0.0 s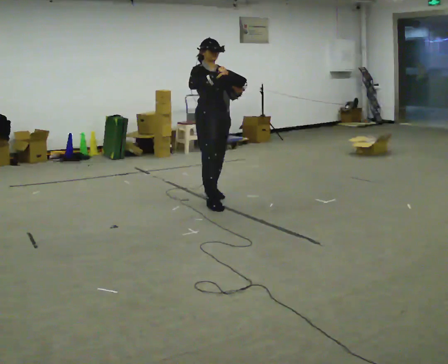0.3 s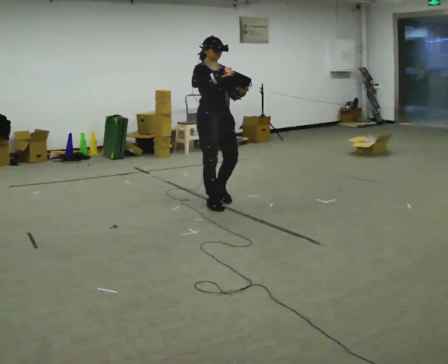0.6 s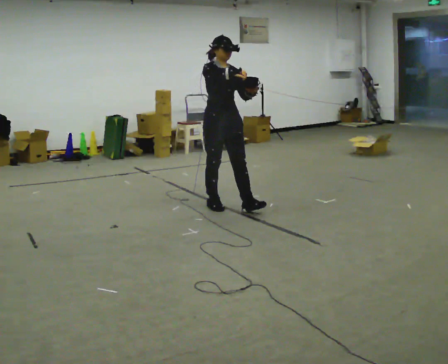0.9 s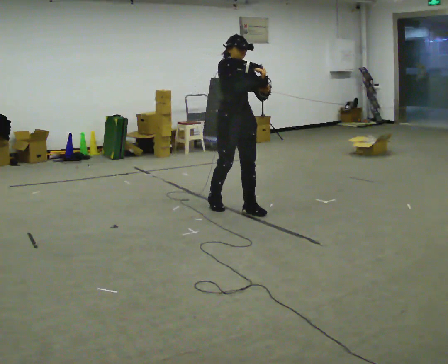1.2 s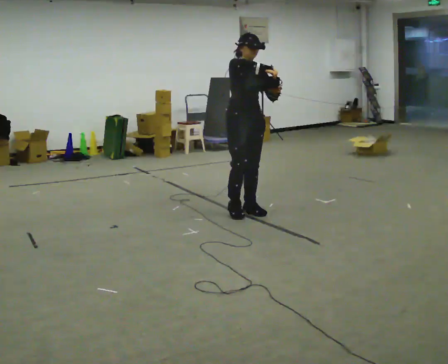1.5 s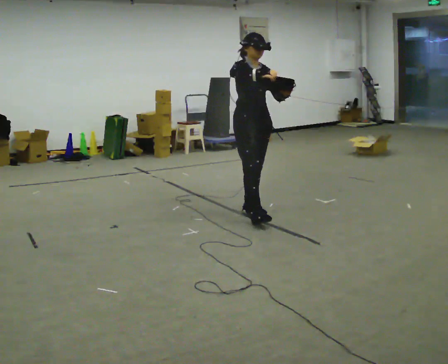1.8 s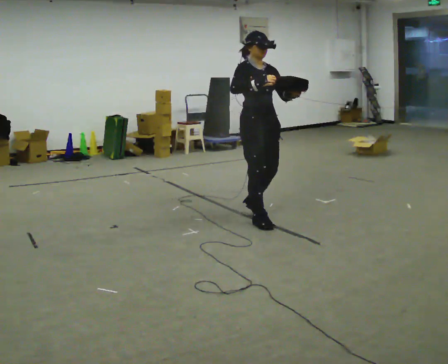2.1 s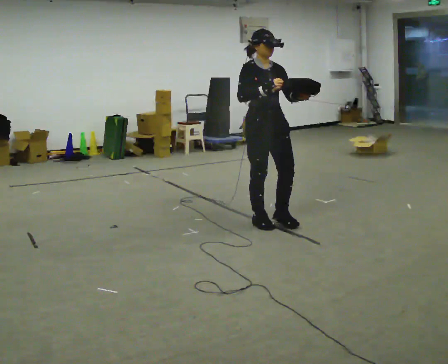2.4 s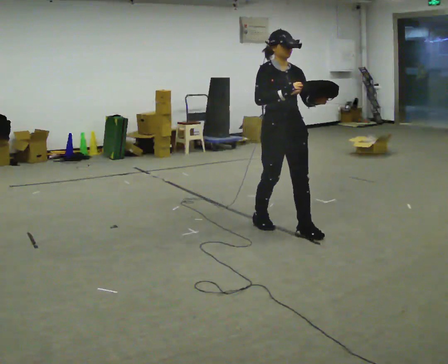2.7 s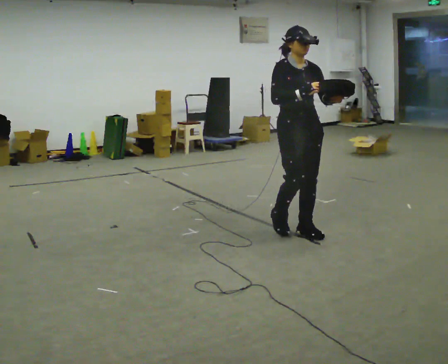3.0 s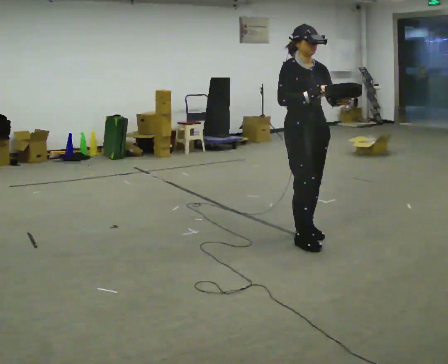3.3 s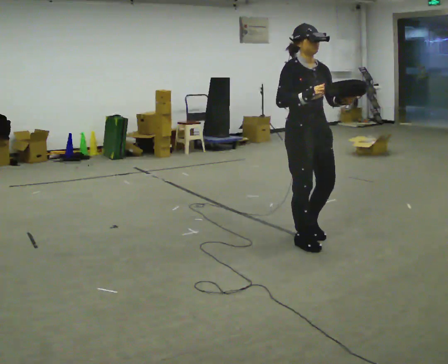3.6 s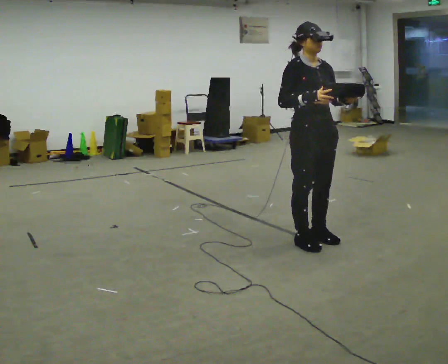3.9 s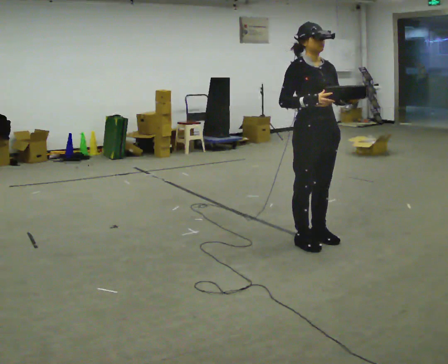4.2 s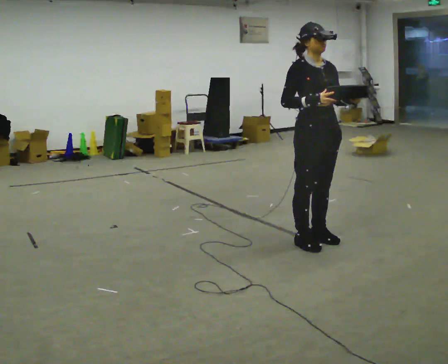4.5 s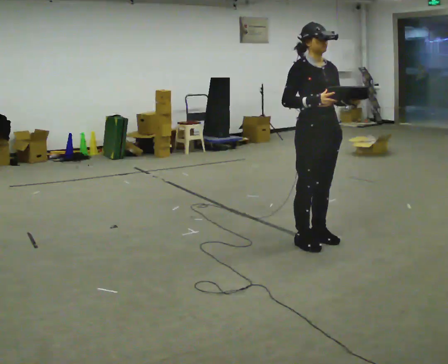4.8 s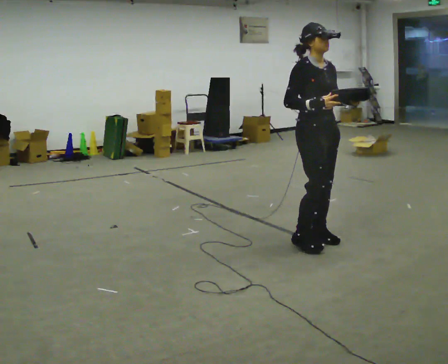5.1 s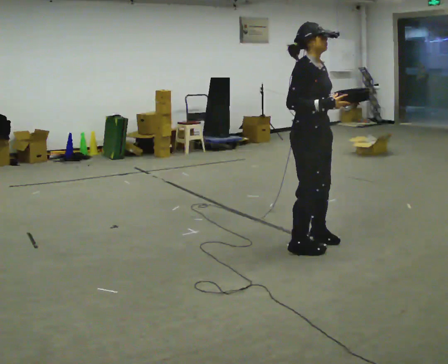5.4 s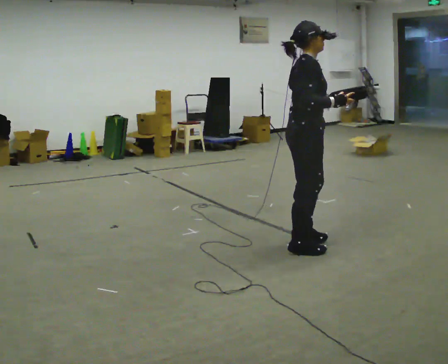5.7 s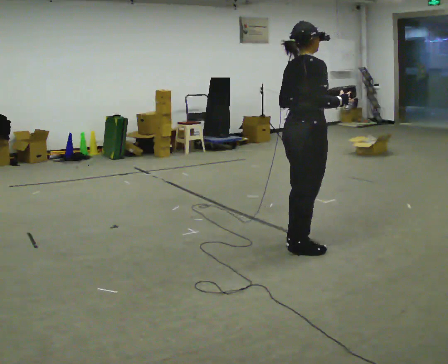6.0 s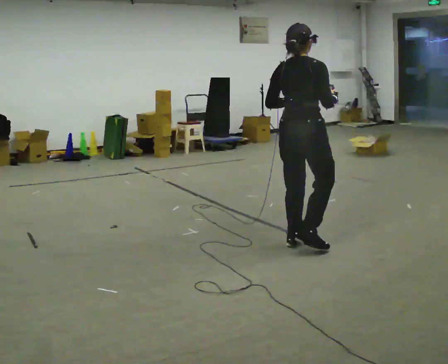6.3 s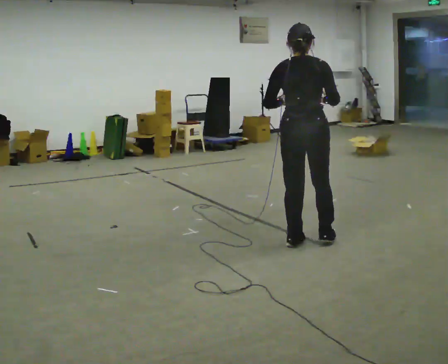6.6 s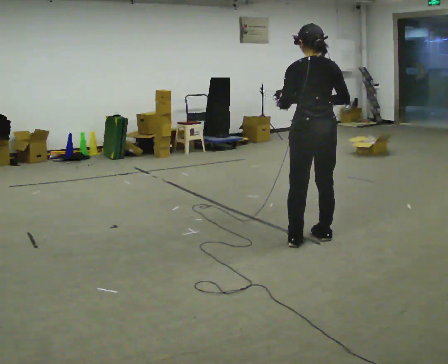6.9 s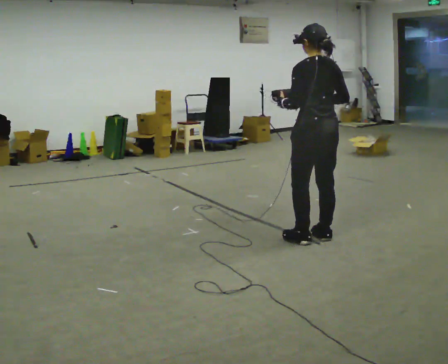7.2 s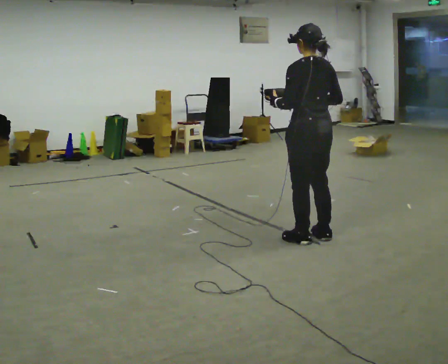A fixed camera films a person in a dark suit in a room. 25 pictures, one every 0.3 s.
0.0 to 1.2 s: In the picture they go to the right and toward the camera, about 0.5 m in 1 step, which for them is forward.
1.2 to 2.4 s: In the picture they go toward the camera and to the right, about 0.5 m in 2 steps, which for them is forward.
2.4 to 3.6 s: In the picture they go toward the camera and to the right, about 0.25 m in 2 steps, which for them is forward.
3.6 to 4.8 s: The person moves a little, or ends about where they began.
4.8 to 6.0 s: Seen from above the body turns counterclockwise, about 90 degrees: to their left, with its near side sliding to the right. In the picture their left hand goes to the left.
6.0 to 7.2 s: The person turns about 75 degrees to their left, counterclockwise seen from above, so the part of the body nearest the lens slides to the right.
The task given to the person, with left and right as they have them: Carry the bag and, while walking, undo the buckle or zip, then do it up again. Keep repeating as you walk. Do not stop.
The film runs forward here.
